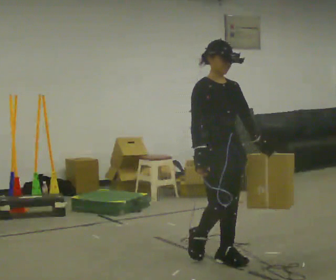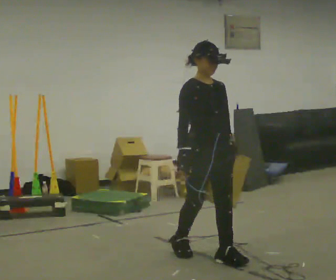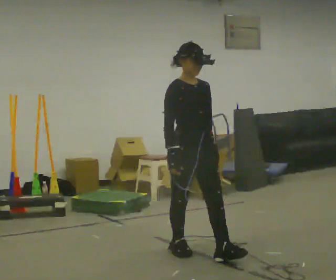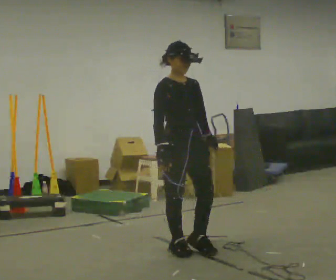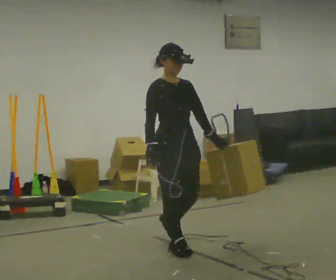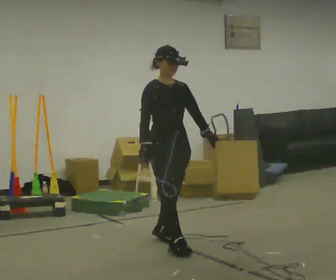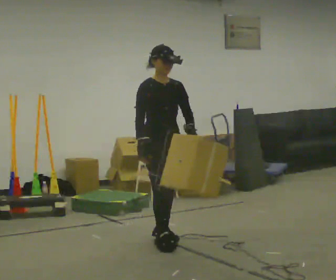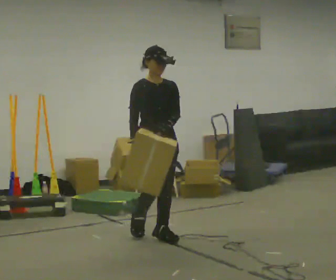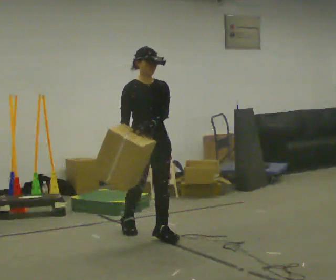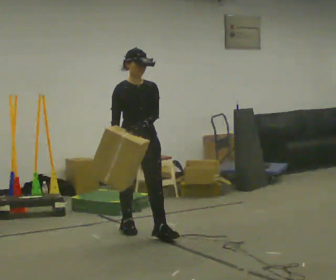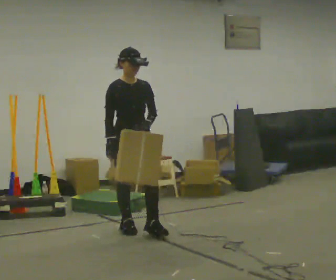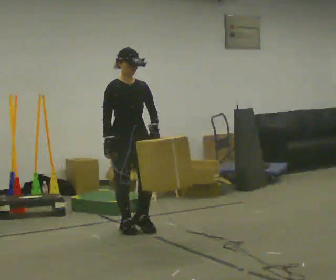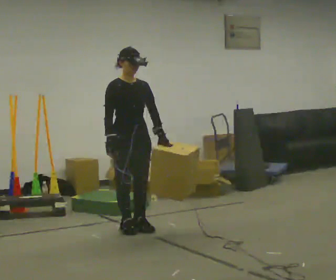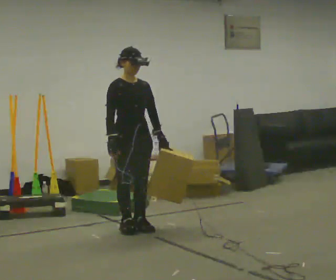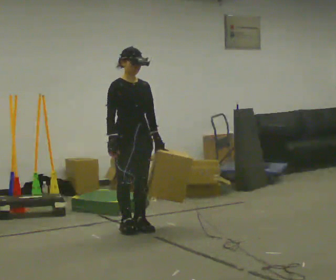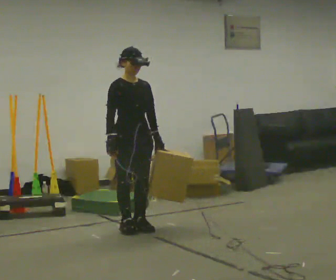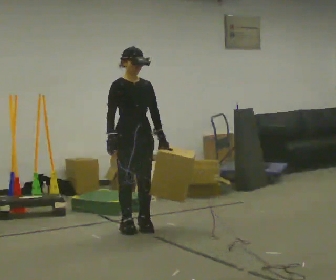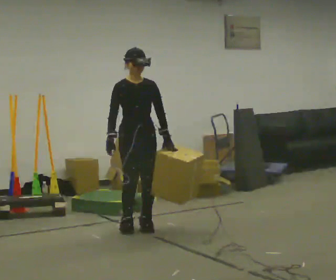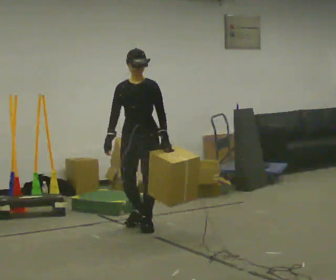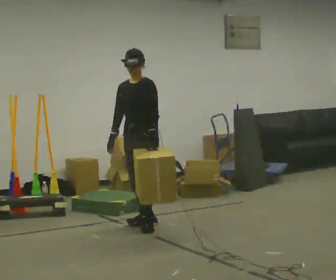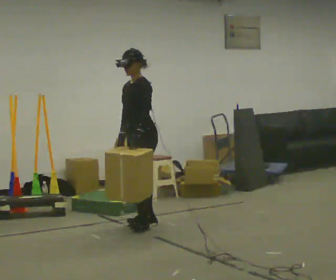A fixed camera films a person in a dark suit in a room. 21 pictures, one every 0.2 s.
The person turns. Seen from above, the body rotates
clockwise.
The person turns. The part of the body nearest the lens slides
to the left.
0.0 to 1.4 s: In the picture they go away from the camera and to the left, about 1 m in 2 steps, which for them is backward.
1.4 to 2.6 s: In the picture they go away from the camera and to the left, about 0.25 m in 1 step, which for them is backward.
2.6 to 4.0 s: The part of the body nearest the lens slides to the left as the person turns to their right by about 90 degrees. In the picture they go away from the camera, about 0.25 m in 1 step.
The film runs backward here.
